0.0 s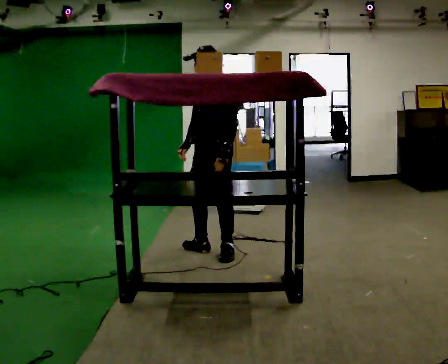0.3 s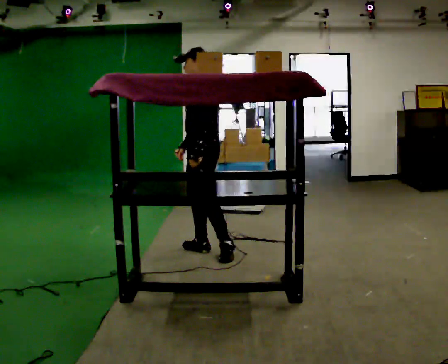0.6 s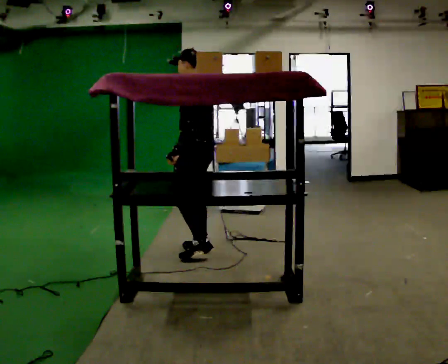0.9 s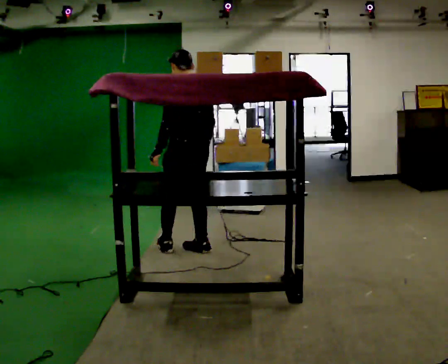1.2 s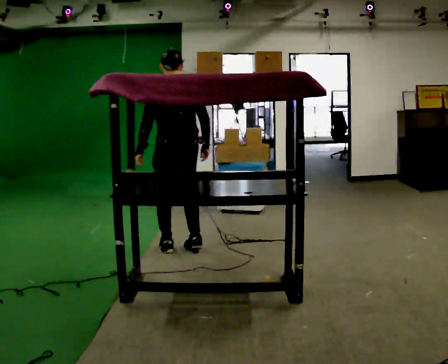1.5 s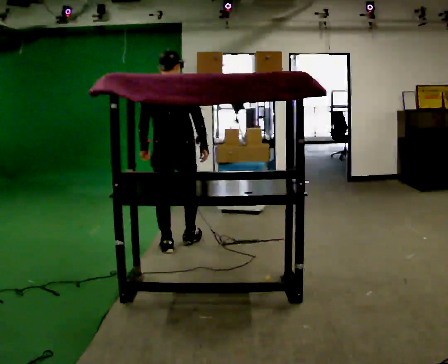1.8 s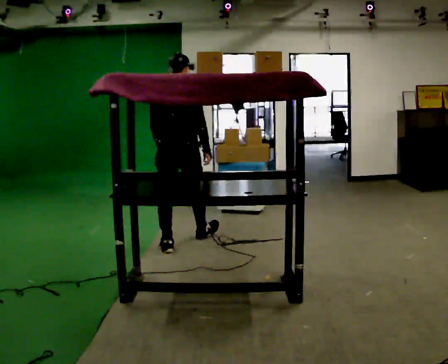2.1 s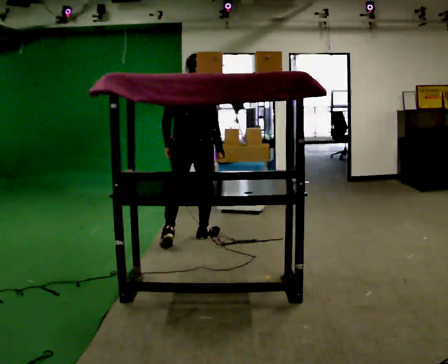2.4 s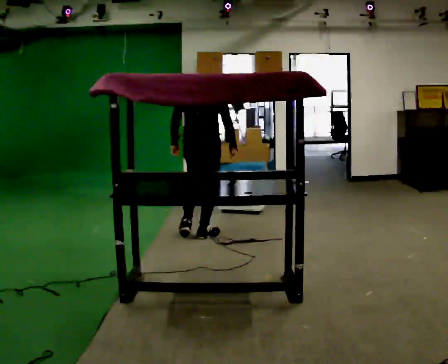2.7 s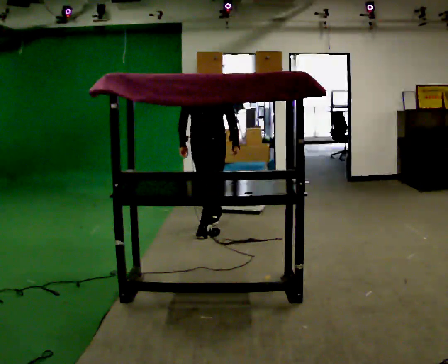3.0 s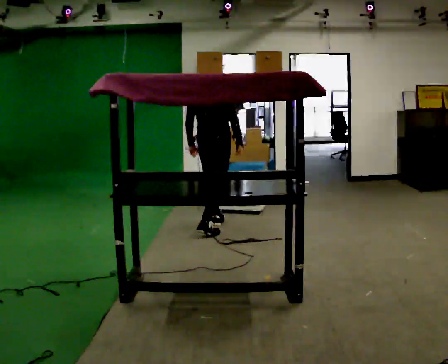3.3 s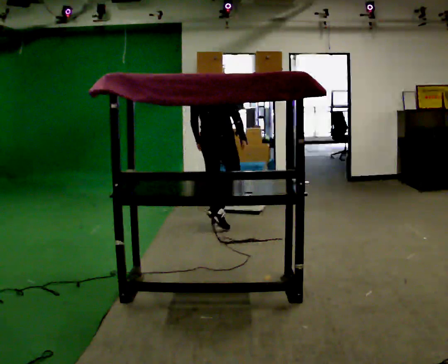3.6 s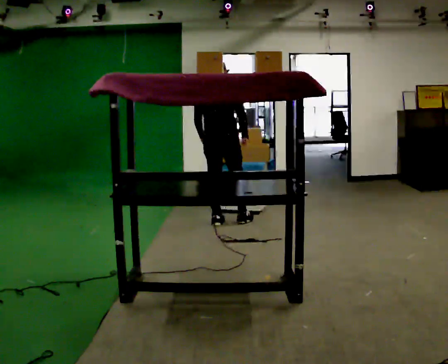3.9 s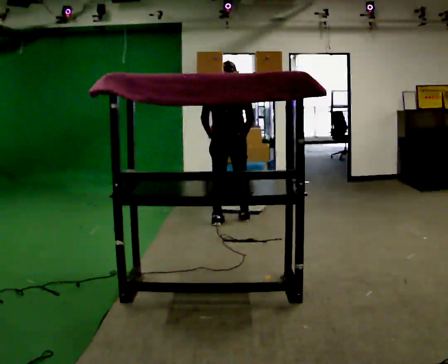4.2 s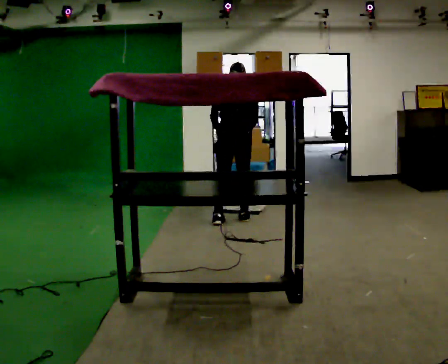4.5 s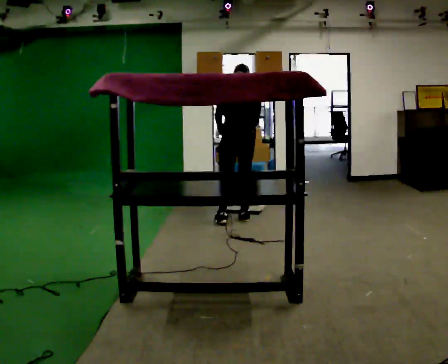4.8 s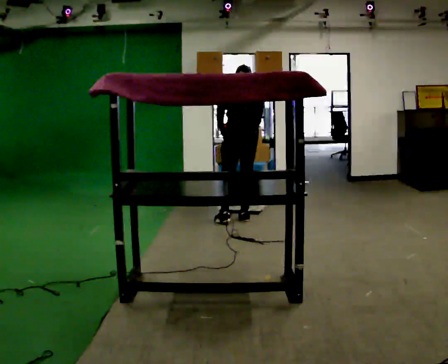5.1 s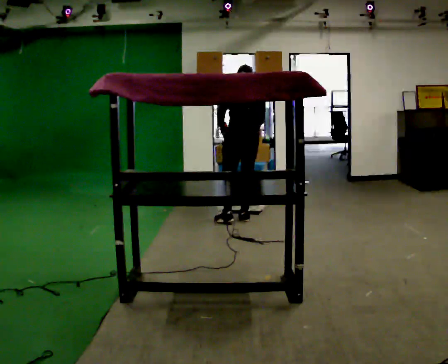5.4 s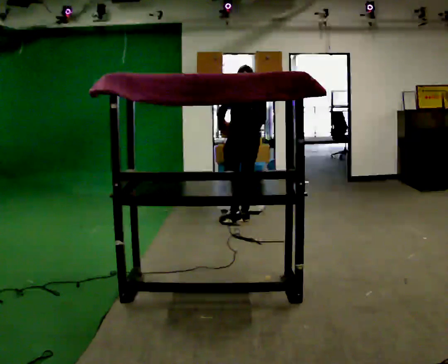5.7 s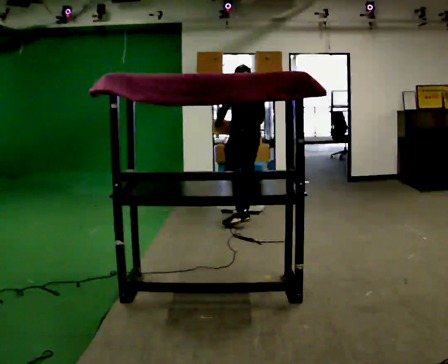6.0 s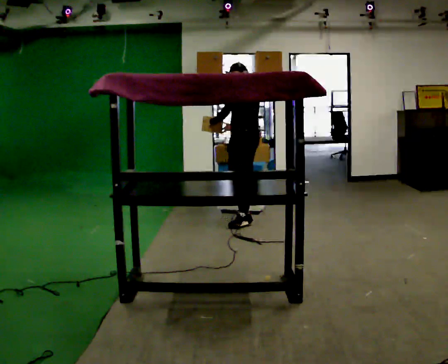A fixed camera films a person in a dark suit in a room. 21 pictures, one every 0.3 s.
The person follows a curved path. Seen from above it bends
clockwise.
The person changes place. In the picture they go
away from the camera.
0.0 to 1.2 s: The part of the body nearest the lens slides to the left as the person turns to their right by about 105 degrees. In the picture they go to the left, about 0.25 m in 1 step.
1.2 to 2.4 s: Seen from above the body turns clockwise, about 45 degrees: to their right, with its near side sliding to the left. In the picture they go away from the camera and to the right, about 0.5 m in 1 step, which for them is forward.
2.4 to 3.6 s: In the picture they go away from the camera and to the right, about 0.5 m in 1 step, which for them is forward.
3.6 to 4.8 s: Seen from above the body turns counterclockwise, about 30 degrees: to their left, with its near side sliding to the right. In the picture they go to the right, about 0.25 m in 1 step, which for them is to their right and forward.
4.8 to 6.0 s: The person turns about 45 degrees to their left, counterclockwise seen from above, so the part of the body nearest the lens slides to the right.
The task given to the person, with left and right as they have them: Take an object from the waist-height shelf, carry it across the room, and place it on the highest shelf you can comfortably reach. Keep going until the operator says stop; one object at a time, and do not rush between trips.
The film runs forward here.
